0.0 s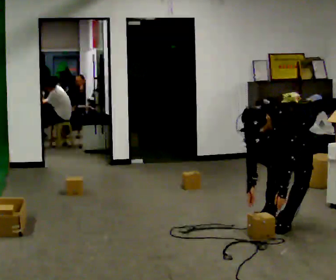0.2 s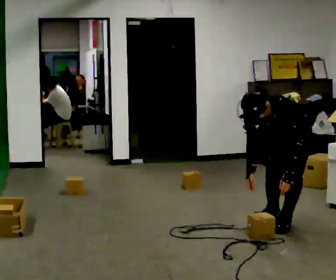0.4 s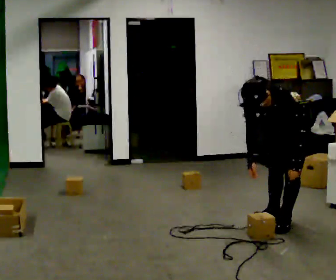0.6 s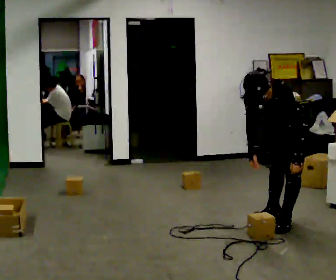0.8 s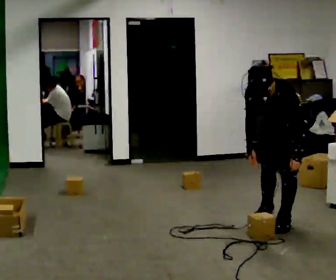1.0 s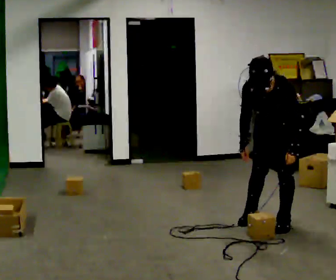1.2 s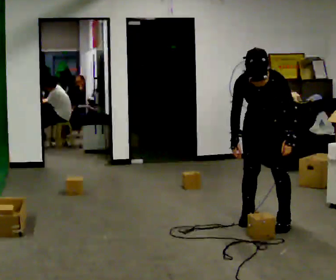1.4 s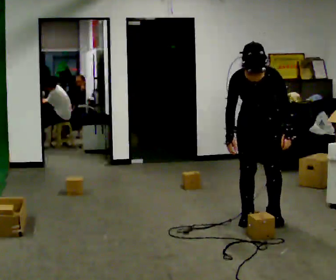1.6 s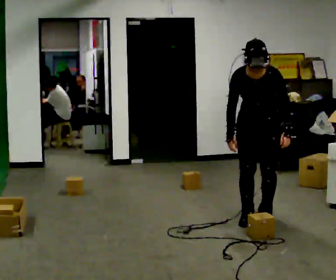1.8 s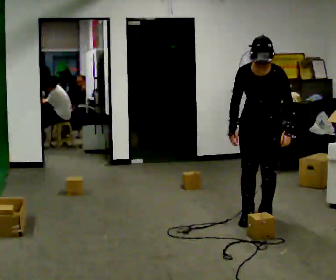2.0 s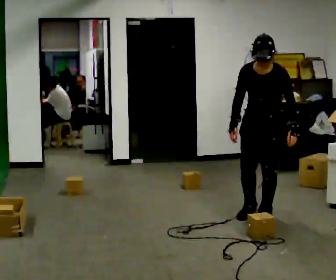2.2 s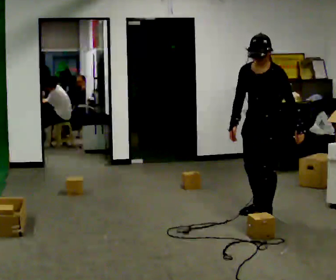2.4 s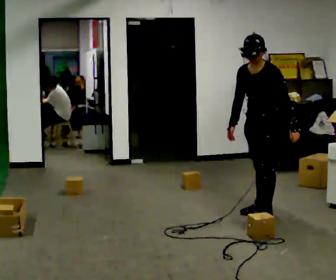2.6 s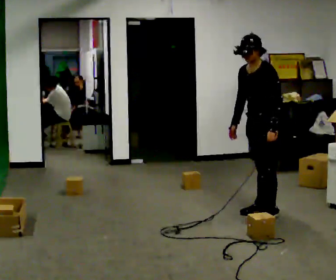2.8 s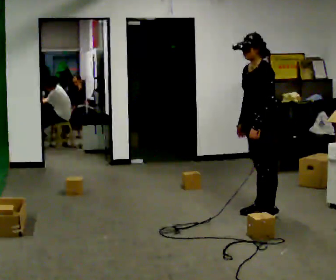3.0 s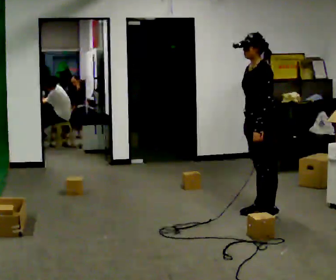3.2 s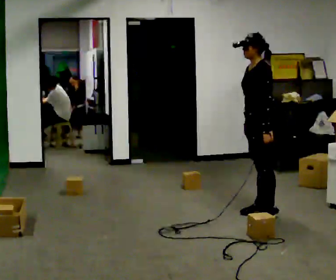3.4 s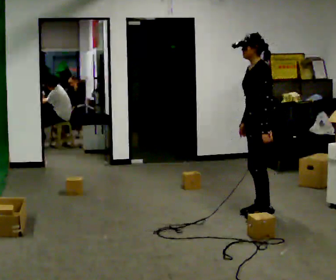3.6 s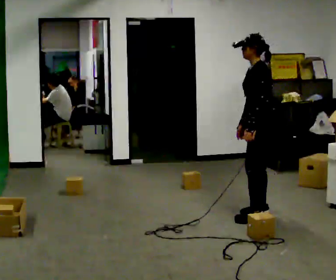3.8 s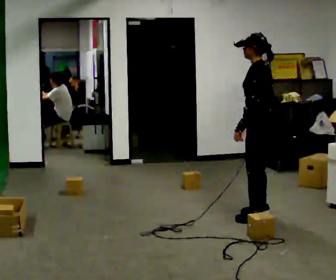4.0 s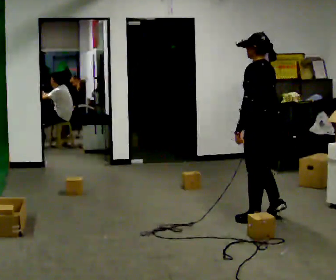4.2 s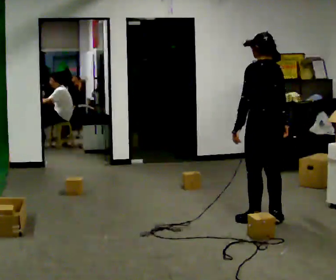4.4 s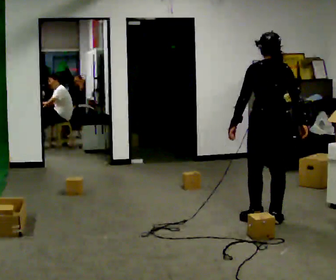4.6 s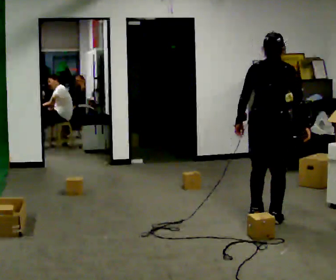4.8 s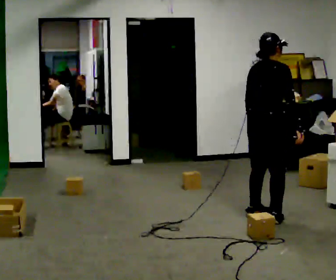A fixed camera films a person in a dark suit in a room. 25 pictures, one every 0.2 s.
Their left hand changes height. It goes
upward.
The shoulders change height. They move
upward.
0.0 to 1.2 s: In the picture they go to the left, about 0.25 m in 1 step. The shoulders move upward. In the picture the upper body tilts clockwise, shoulders to the right, as they lean back or straighten. In the picture their left hand goes upward.
1.2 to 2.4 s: The part of the body nearest the lens slides to the left as the person turns to their right by about 30 degrees. In the picture they go away from the camera, about 0.25 m in 2 steps, which for them is backward. The upper body tips away from the camera, its near side rolling upward, as they lean back or straighten.
2.4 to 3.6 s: Seen from above the body turns clockwise, about 45 degrees: to their right, with its near side sliding to the left. In the picture their left hand goes to the left.
3.6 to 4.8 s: The person turns about 135 degrees to their right, clockwise seen from above, so the part of the body nearest the lens slides to the left.
The film runs backward here.
